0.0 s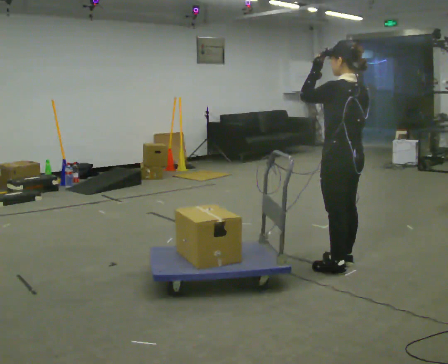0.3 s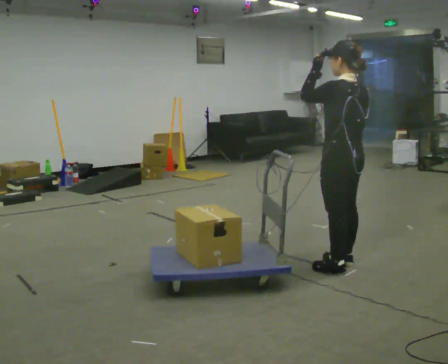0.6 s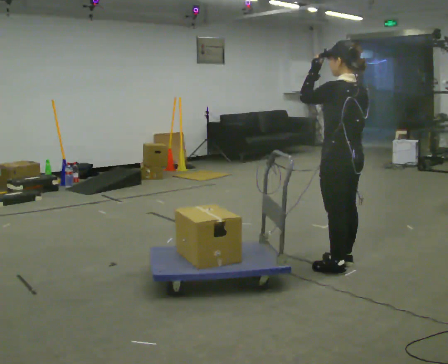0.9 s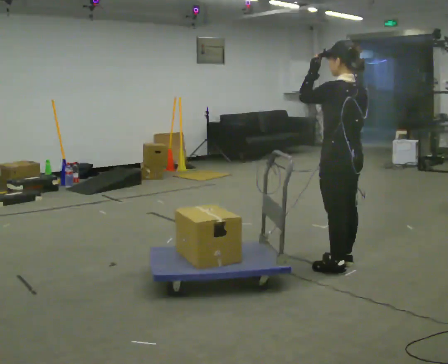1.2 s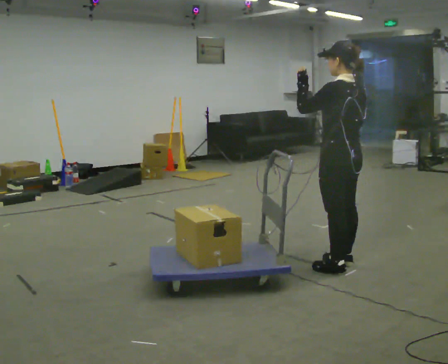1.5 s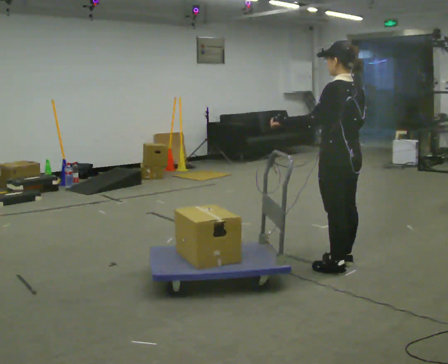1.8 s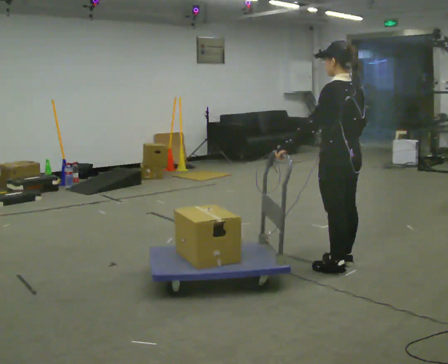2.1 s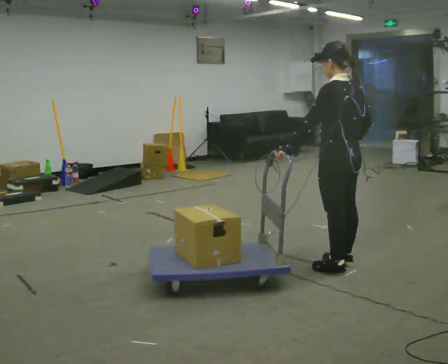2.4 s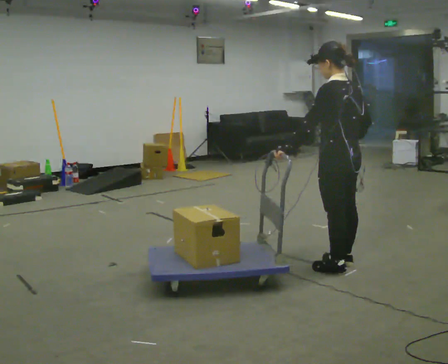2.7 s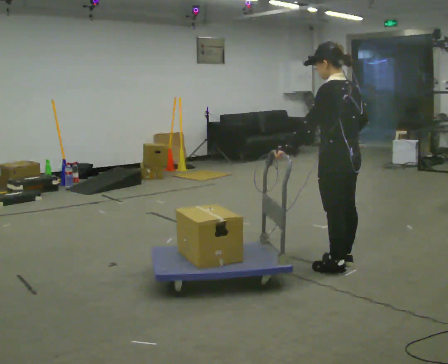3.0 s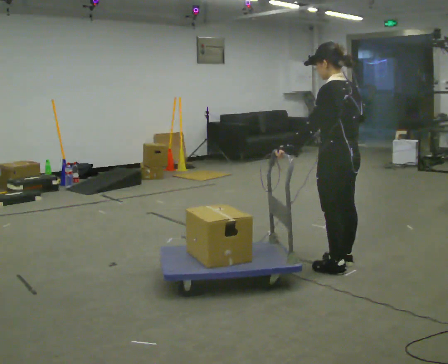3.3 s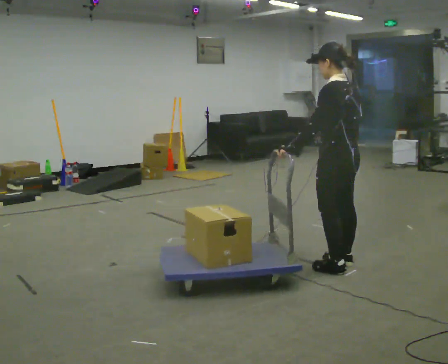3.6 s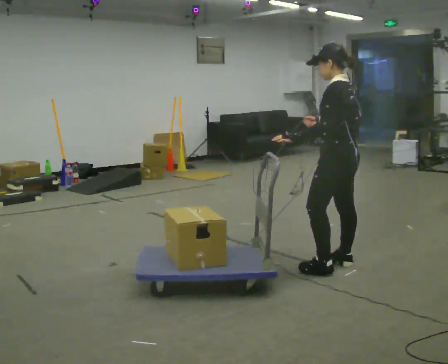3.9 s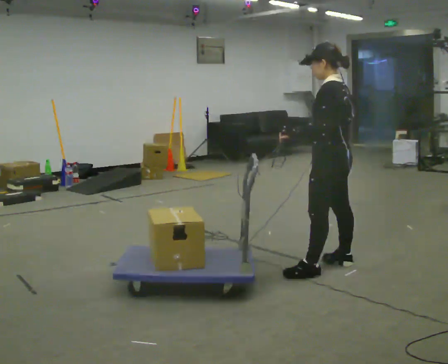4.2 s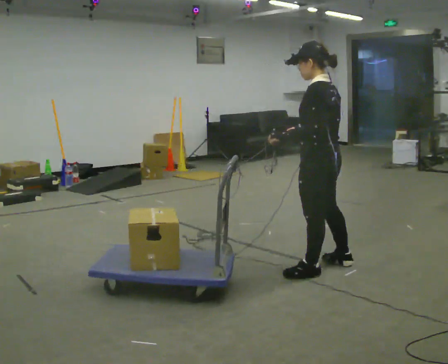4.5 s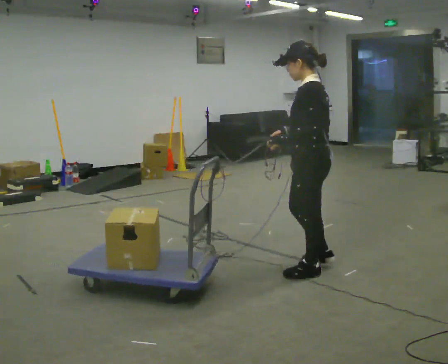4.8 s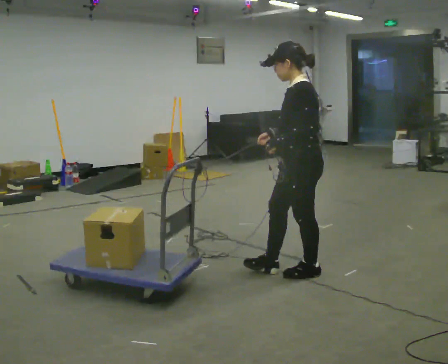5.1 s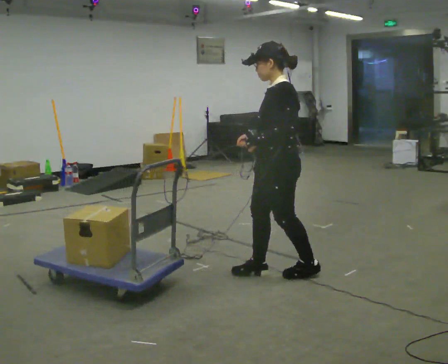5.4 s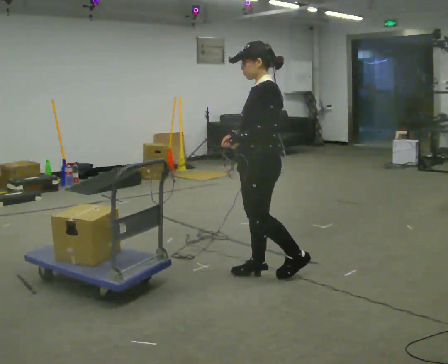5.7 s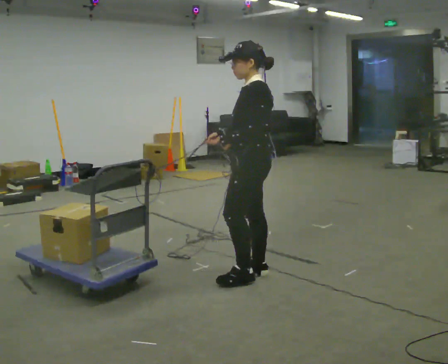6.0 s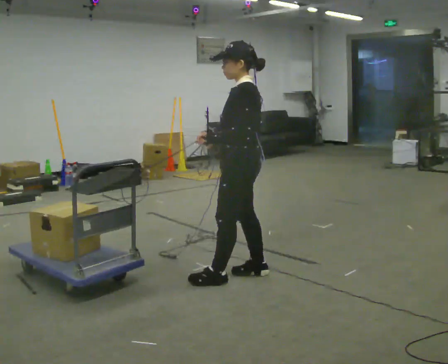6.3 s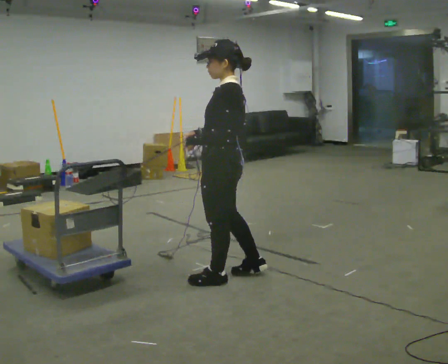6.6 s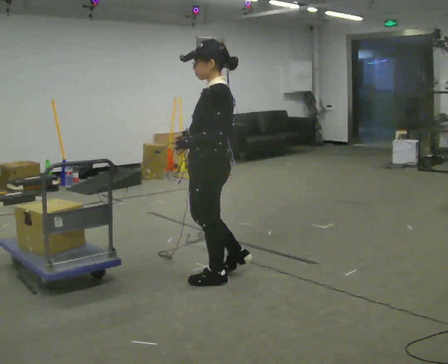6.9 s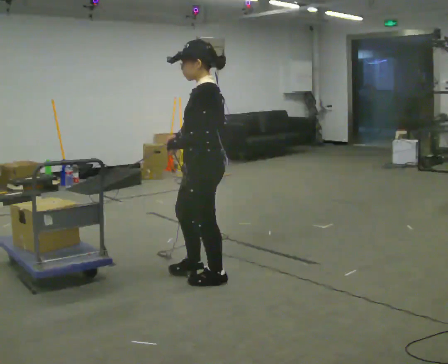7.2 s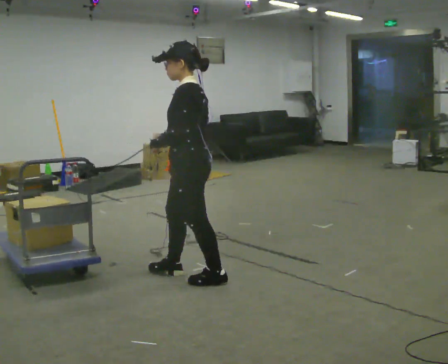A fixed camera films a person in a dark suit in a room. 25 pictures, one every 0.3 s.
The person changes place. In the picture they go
to the left.
0.0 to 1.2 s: The person moves a little, or ends about where they began.
1.2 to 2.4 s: In the picture their left hand goes downward.
2.4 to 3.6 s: The person moves a little, or ends about where they began.
3.6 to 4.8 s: The part of the body nearest the lens slides to the right as the person turns to their left by about 30 degrees. In the picture they go to the left and toward the camera, about 0.25 m in 1 step, which for them is to their left and forward.
4.8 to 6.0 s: In the picture they go to the left, about 0.5 m in 1 step, which for them is forward.
6.0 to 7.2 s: In the picture they go to the left, about 0.25 m in 1 step, which for them is forward.
The film runs backward here.
